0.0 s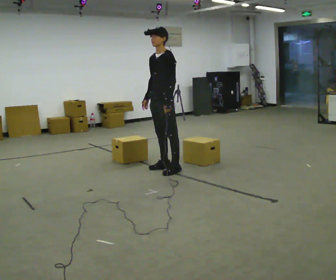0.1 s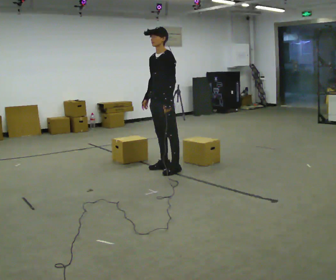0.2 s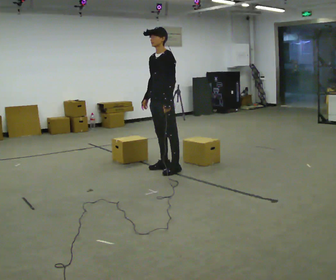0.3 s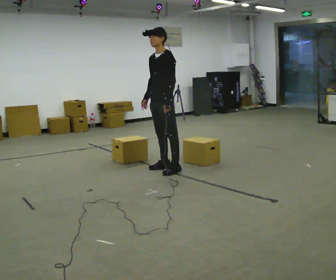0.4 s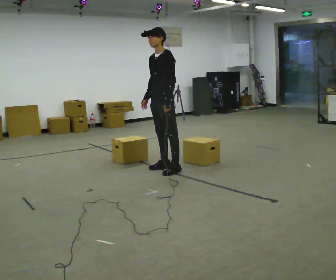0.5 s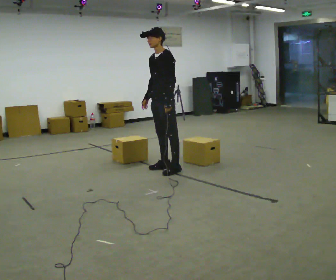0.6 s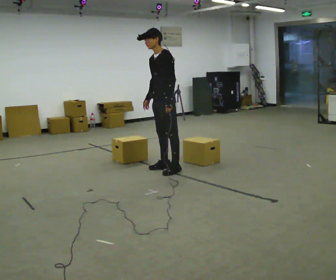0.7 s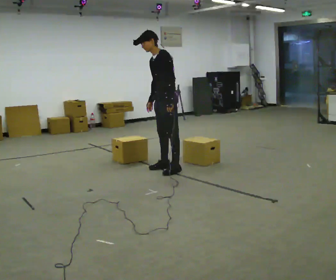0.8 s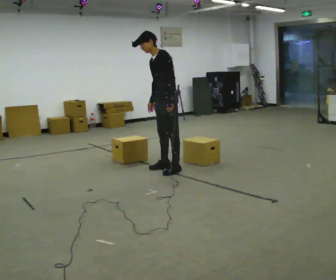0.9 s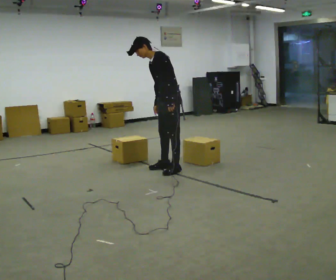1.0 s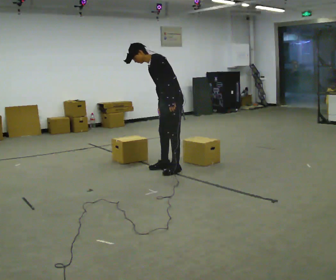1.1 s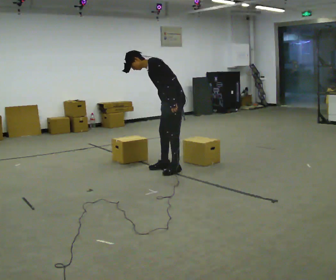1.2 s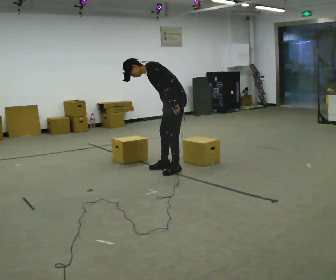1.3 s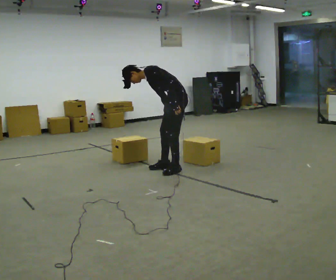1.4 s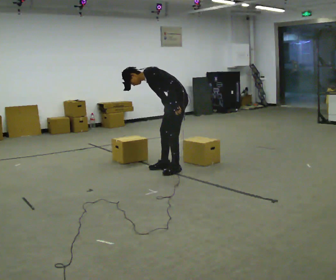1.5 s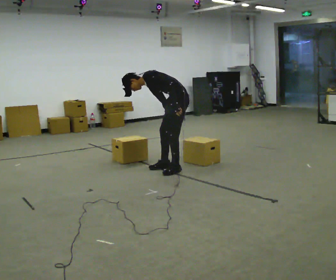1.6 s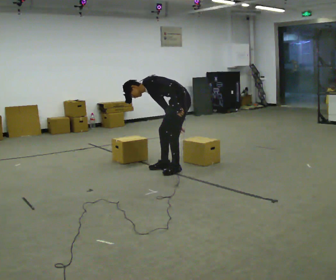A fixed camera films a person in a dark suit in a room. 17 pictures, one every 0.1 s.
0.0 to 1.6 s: The part of the body nearest the lens slides to the left as the person turns to their right by about 30 degrees. In the picture they go to the right, about 0.25 m, which for them is backward. The shoulders move downward. In the picture the upper body tilts counterclockwise, shoulders to the left, as they bend forward. In the picture their right hand goes to the right and downward, the arm swinging counterclockwise.
The film runs forward here.
